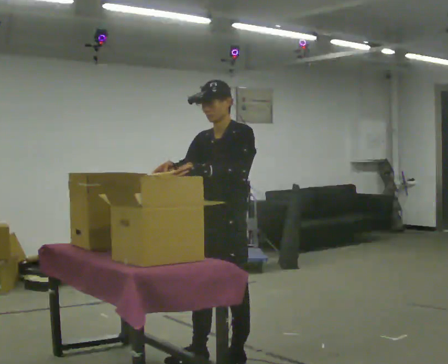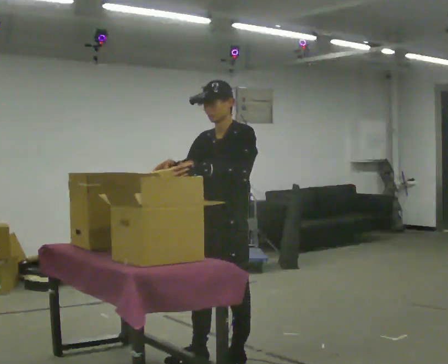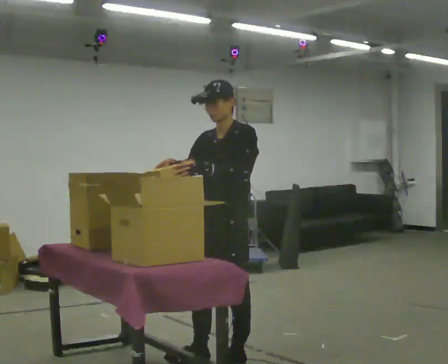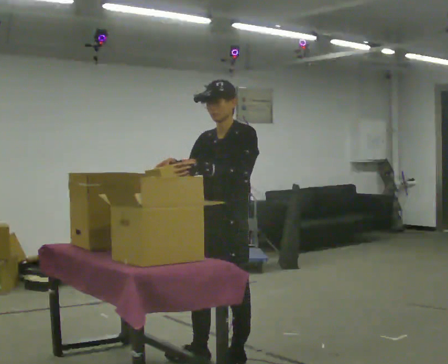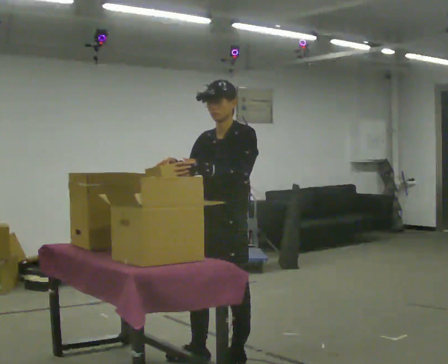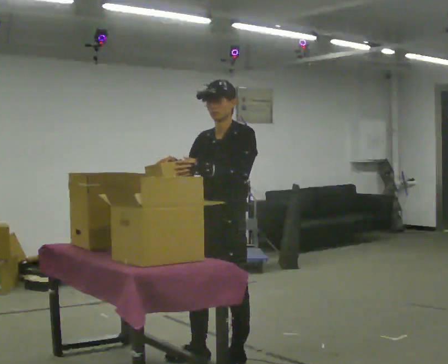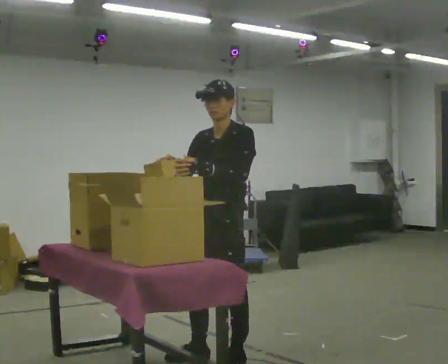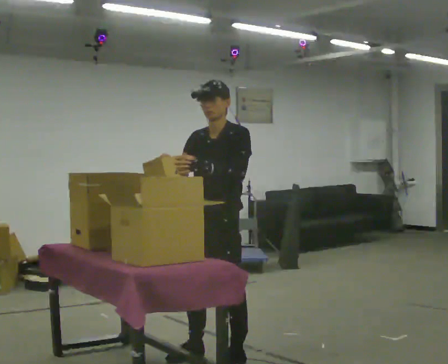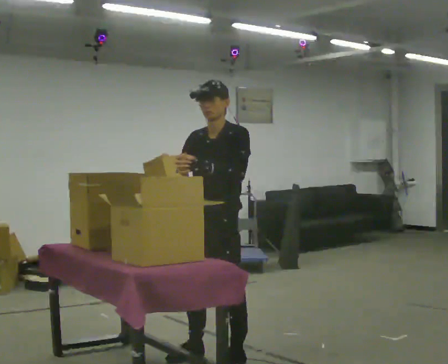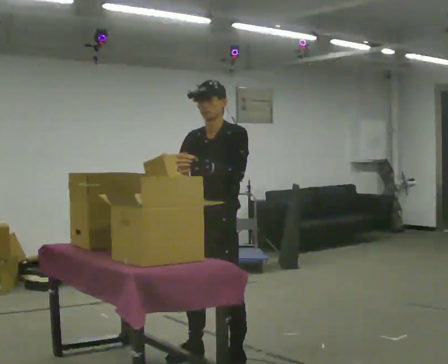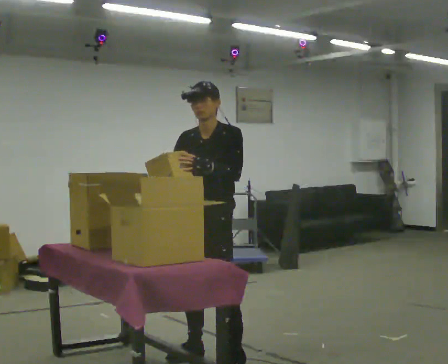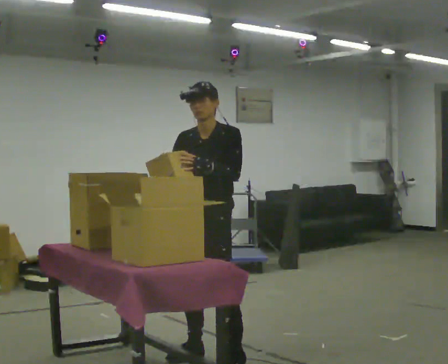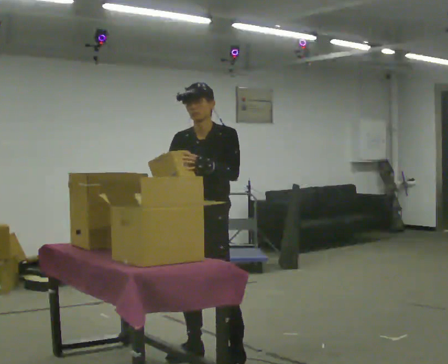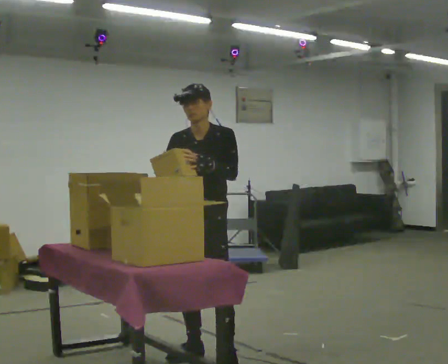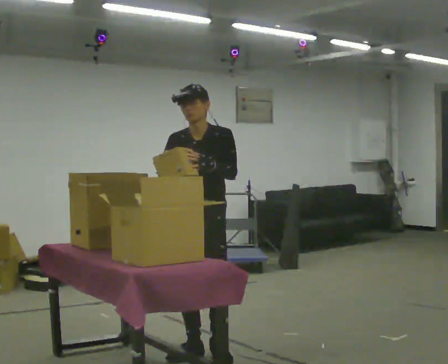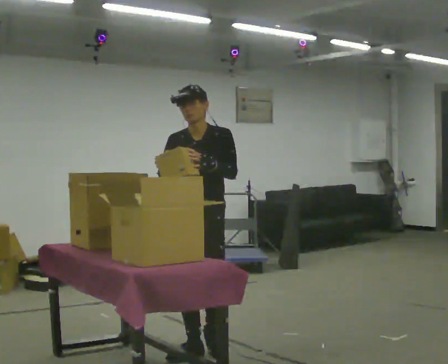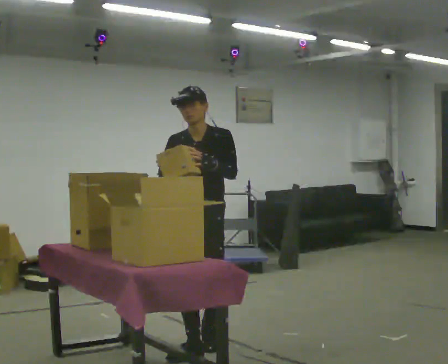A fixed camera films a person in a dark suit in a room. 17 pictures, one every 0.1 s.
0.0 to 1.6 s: Seen from above the body turns counterclockwise, about 30 degrees: to their left, with its near side sliding to the right. In the picture they go away from the camera and to the left, about 0.25 m in 1 step, which for them is to their right.
The film runs backward here.
